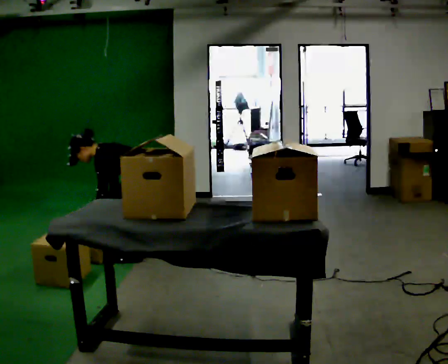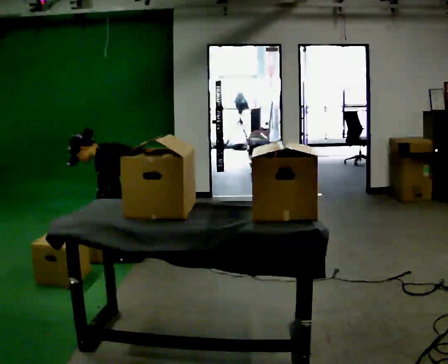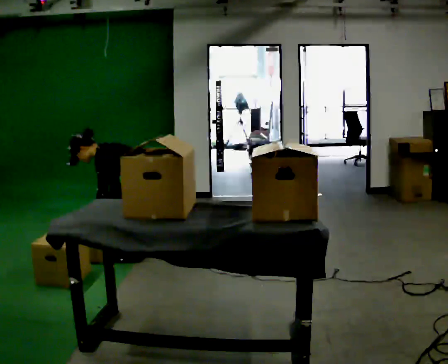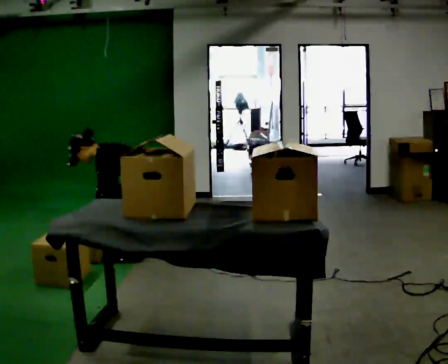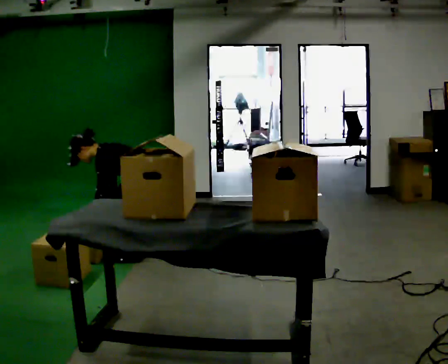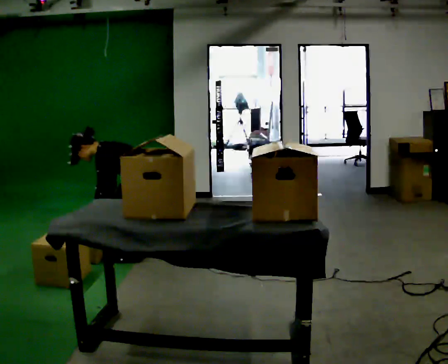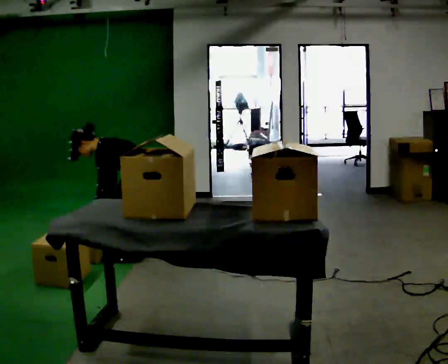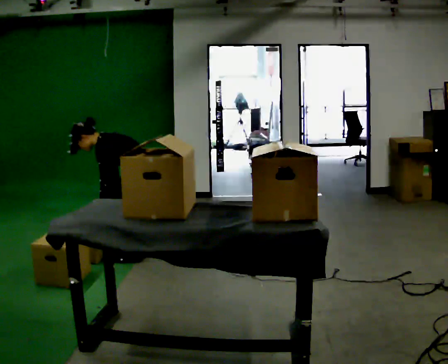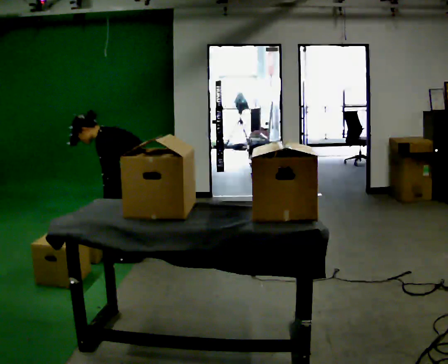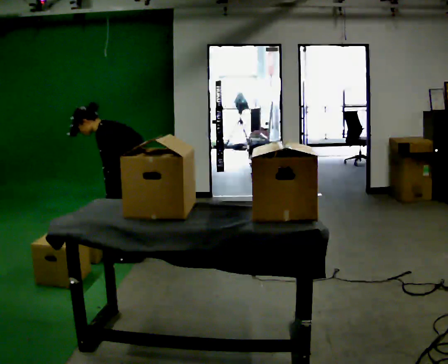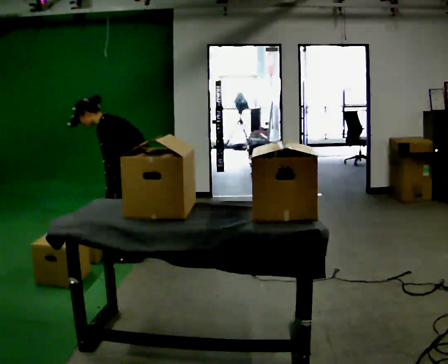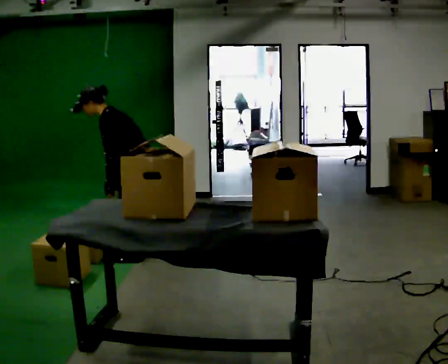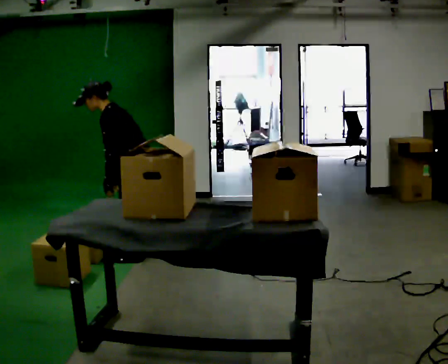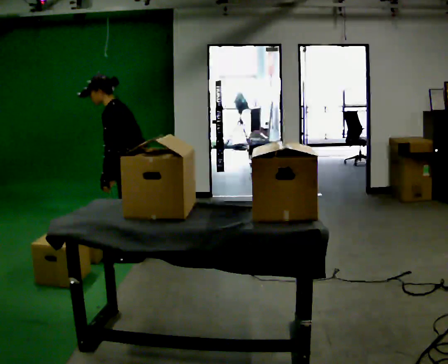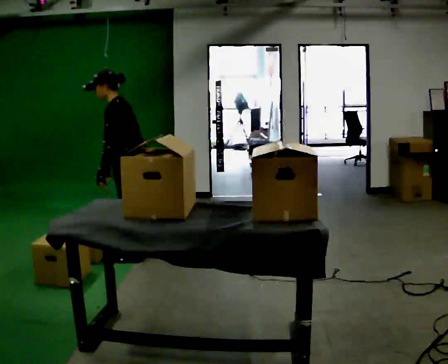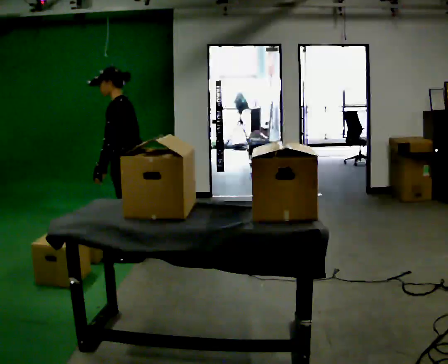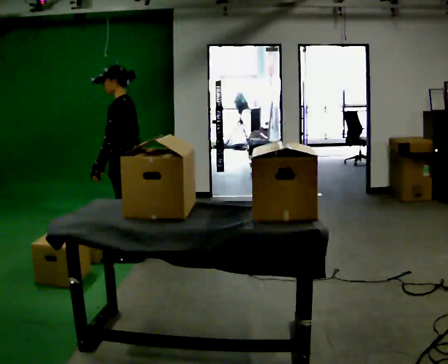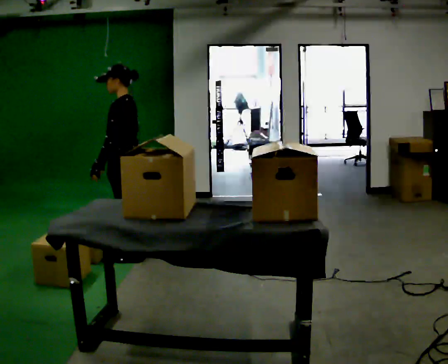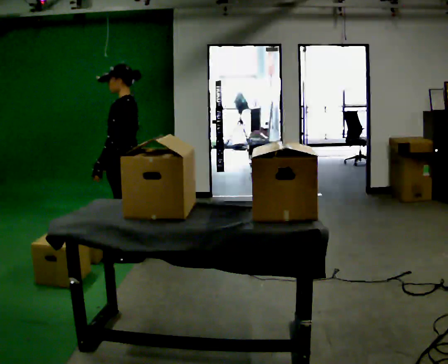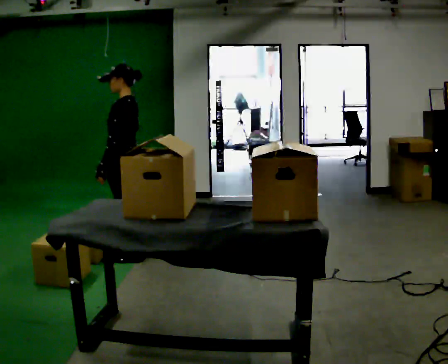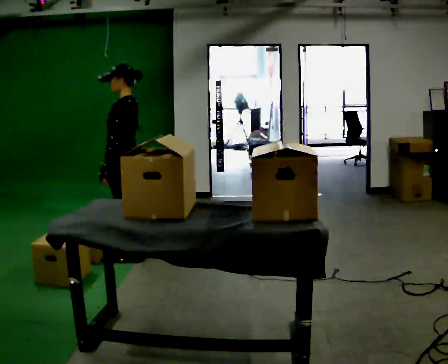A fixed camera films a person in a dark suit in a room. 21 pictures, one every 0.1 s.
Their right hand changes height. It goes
upward.
The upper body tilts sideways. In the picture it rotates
clockwise.
0.0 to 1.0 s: The upper body goes upward. In the picture the upper body tilts clockwise, shoulders to the right, as they lean back or straighten.
1.0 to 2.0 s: The shoulders move upward. In the picture the upper body tilts clockwise, shoulders to the right, as they lean back or straighten.
The film runs forward here.
